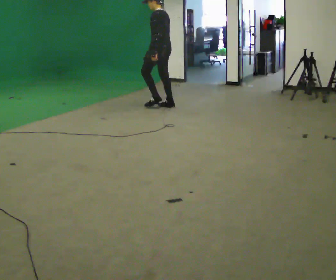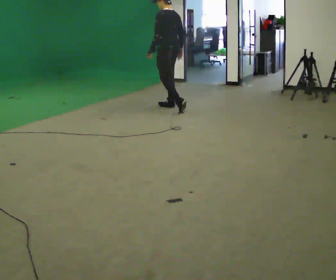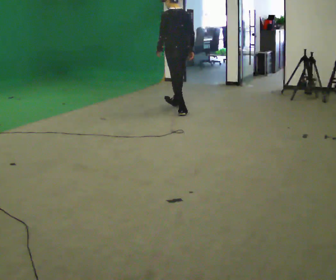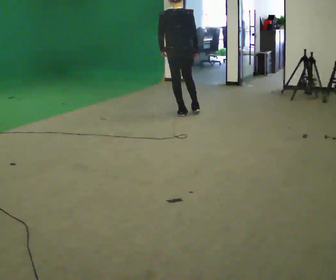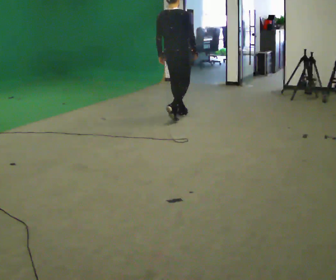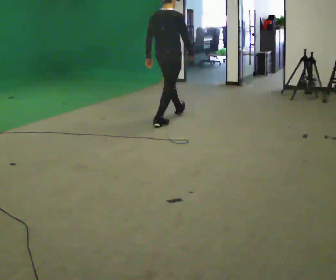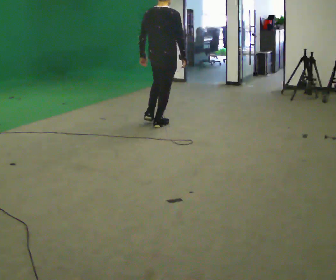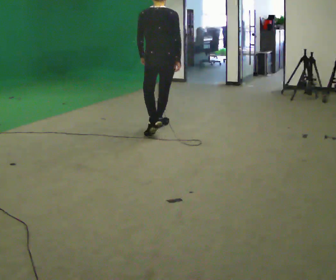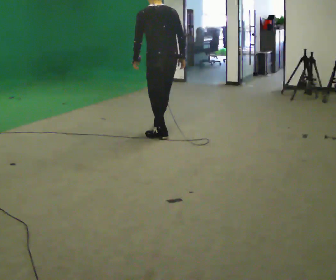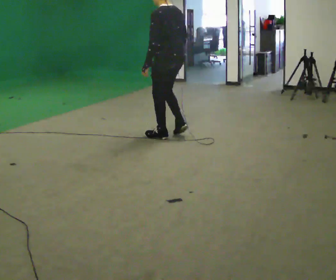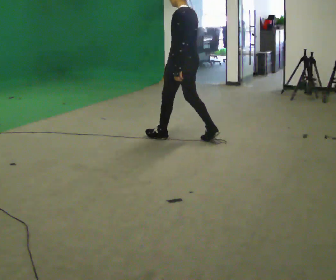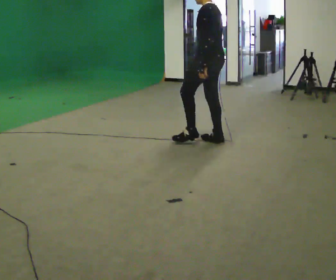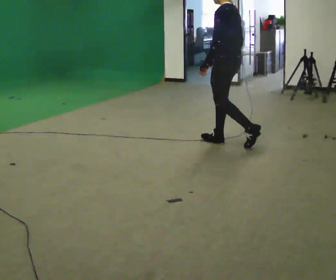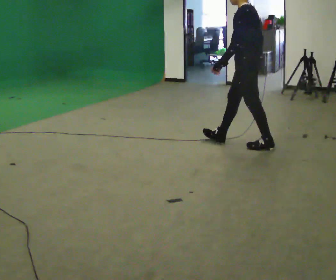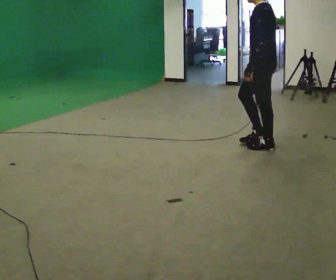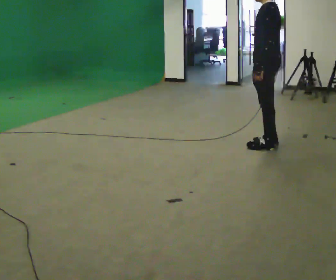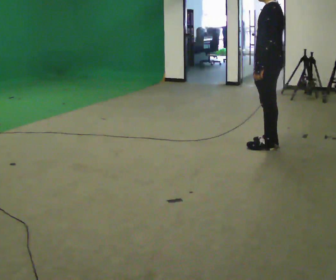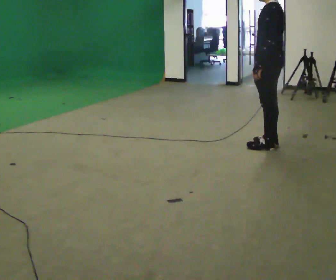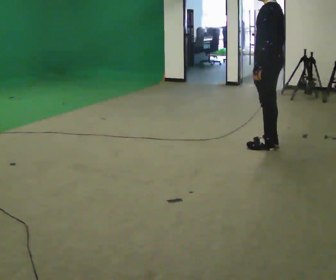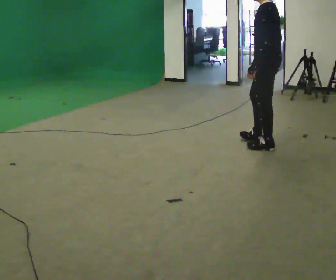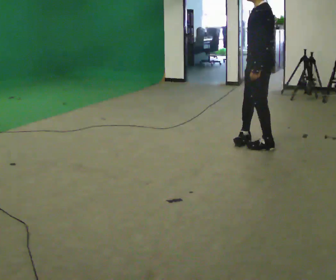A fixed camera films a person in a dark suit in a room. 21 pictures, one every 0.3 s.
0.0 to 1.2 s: The person turns about 90 degrees to their right, clockwise seen from above, so the part of the body nearest the lens slides to the left. In the picture they go toward the camera and to the right, about 0.75 m in 1 step.
1.2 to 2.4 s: Seen from above the body turns counterclockwise, about 45 degrees: to their left, with its near side sliding to the right. In the picture they go toward the camera, about 1 m in 2 steps, which for them is backward.
2.4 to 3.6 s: Seen from above the body turns counterclockwise, about 45 degrees: to their left, with its near side sliding to the right. In the picture they go to the right and toward the camera, about 1 m in 1 step, which for them is backward.
3.6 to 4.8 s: In the picture they go to the right, about 0.5 m in 1 step, which for them is backward.
4.8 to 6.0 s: The person moves a little, or ends about where they began.
The film runs backward here.
